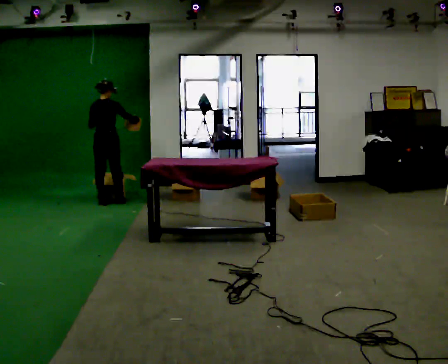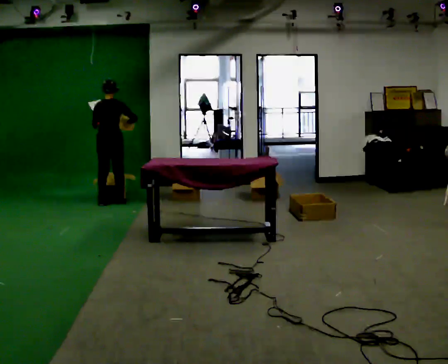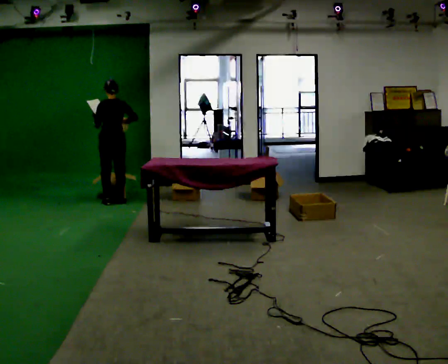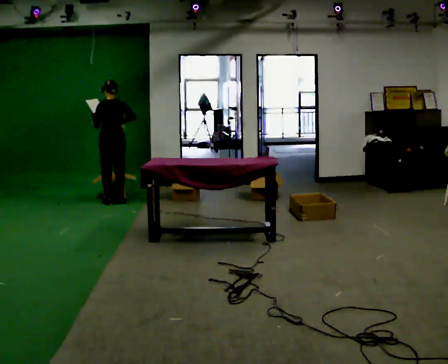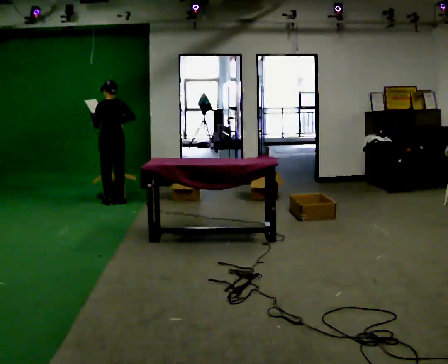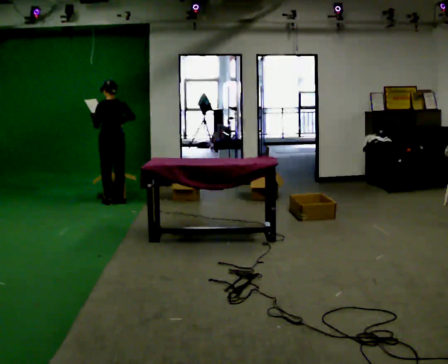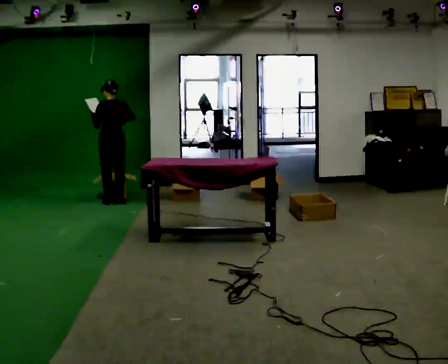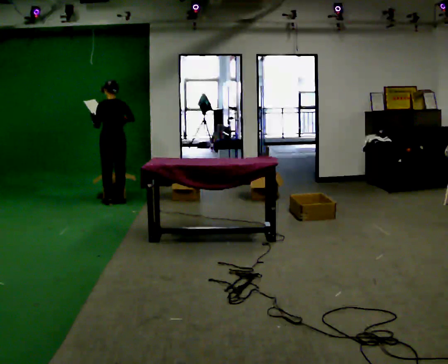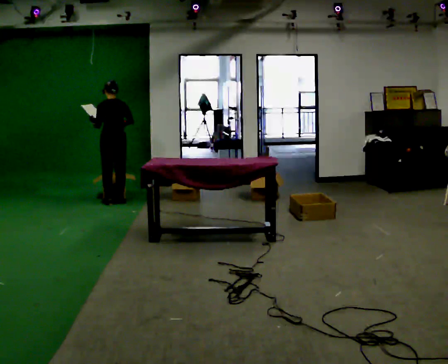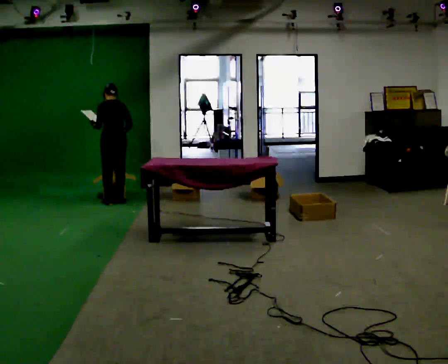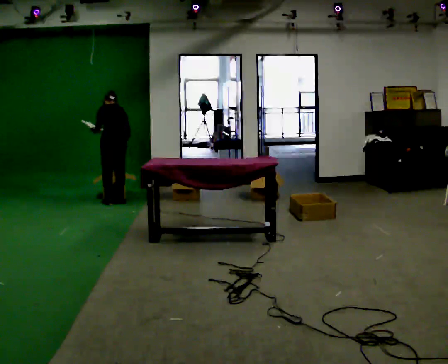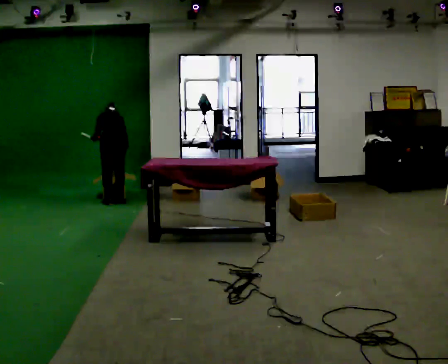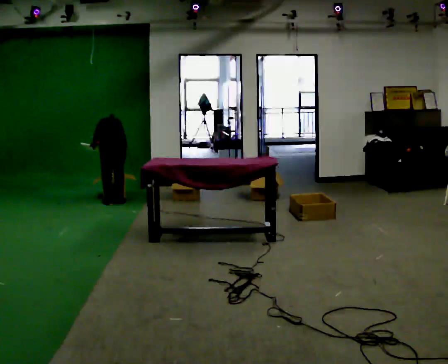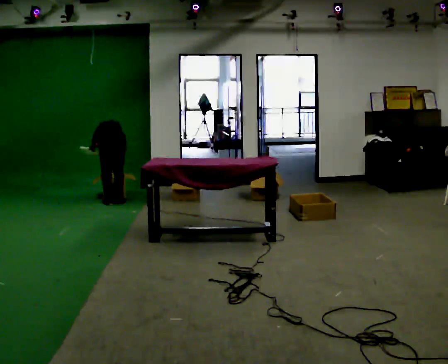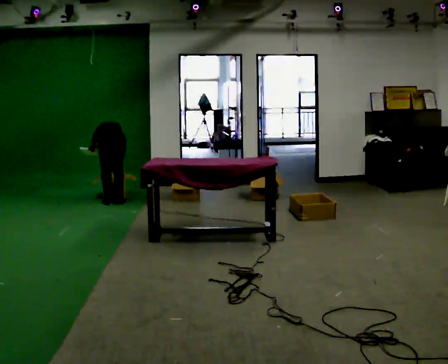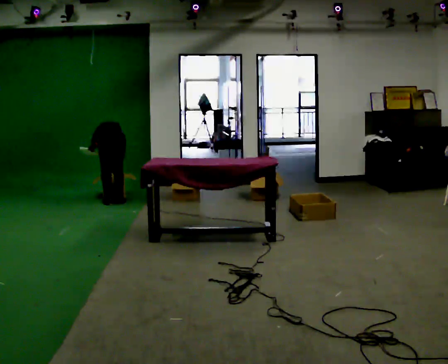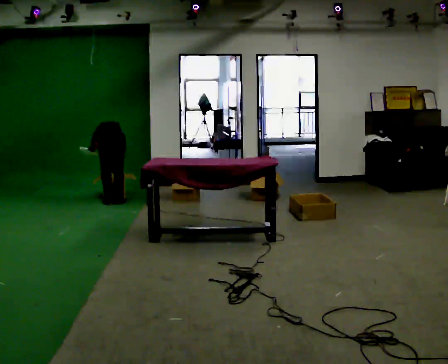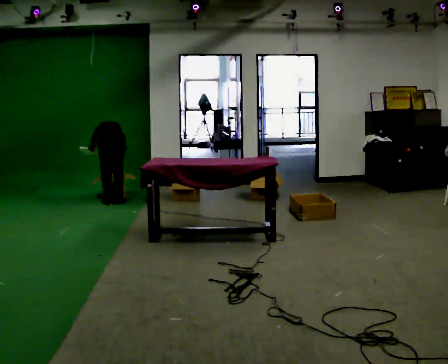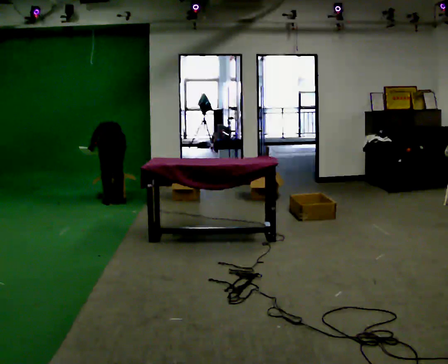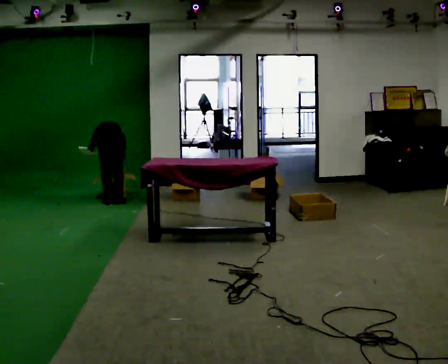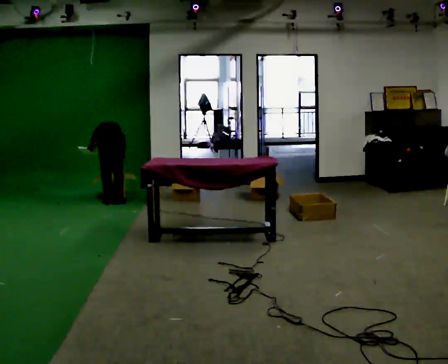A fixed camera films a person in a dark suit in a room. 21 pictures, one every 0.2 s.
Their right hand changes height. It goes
downward.
The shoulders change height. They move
downward.
0.0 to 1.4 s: The part of the body nearest the lens slides to the right as the person turns to their left by about 30 degrees.
1.4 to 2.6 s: The shoulders move downward. The upper body tips away from the camera, its near side rolling upward, as they bend forward. In the picture their right hand goes downward.
2.6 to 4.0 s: The person moves a little, or ends about where they began.
The film runs backward here.
